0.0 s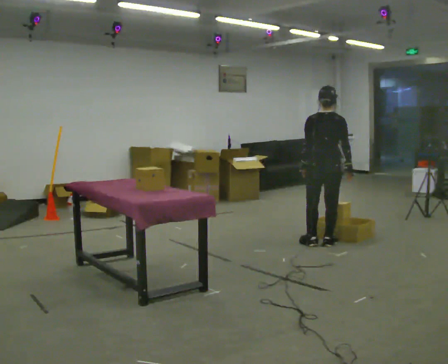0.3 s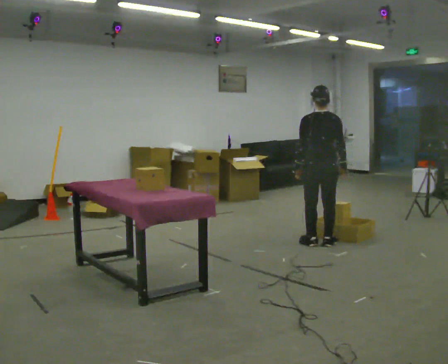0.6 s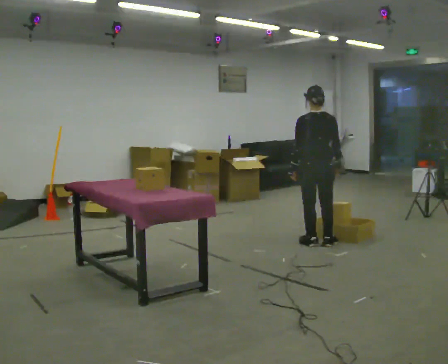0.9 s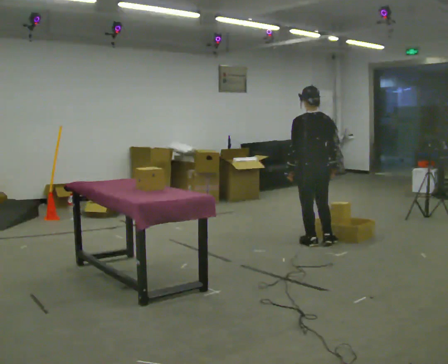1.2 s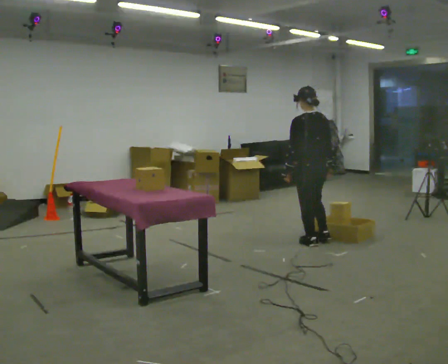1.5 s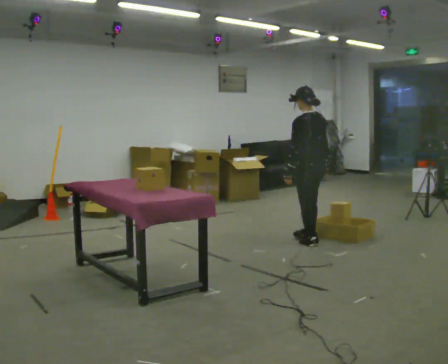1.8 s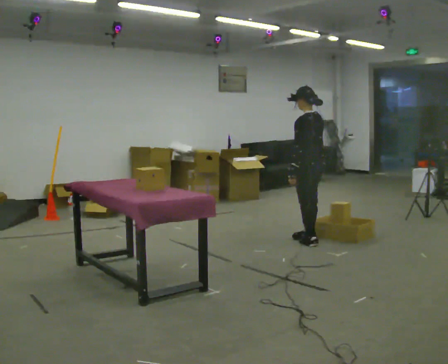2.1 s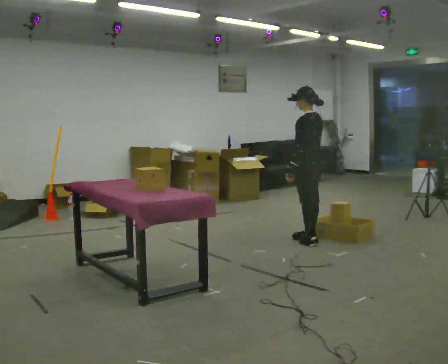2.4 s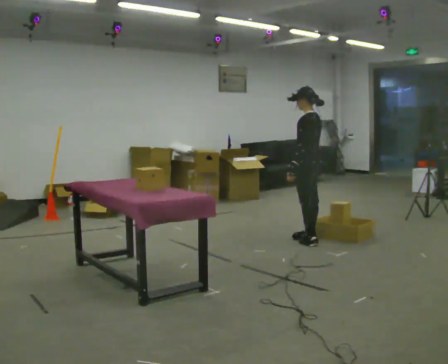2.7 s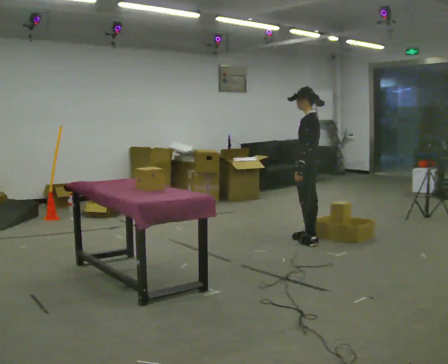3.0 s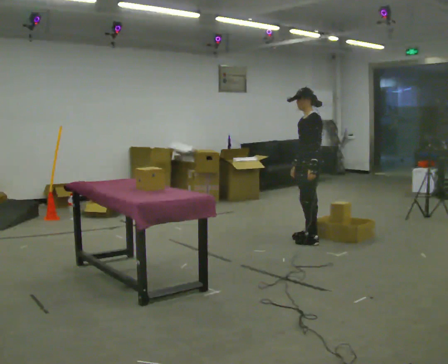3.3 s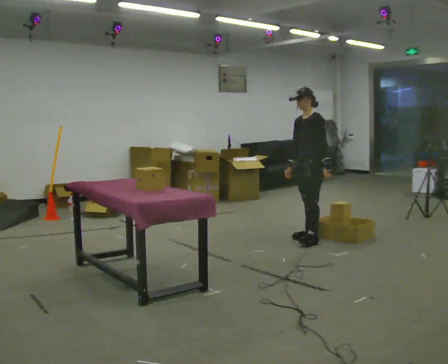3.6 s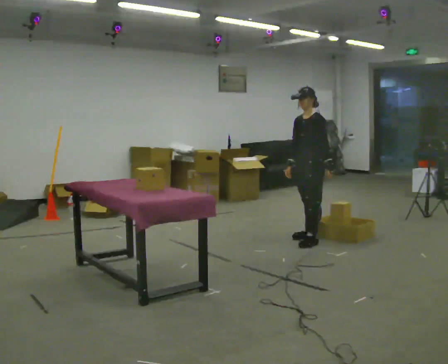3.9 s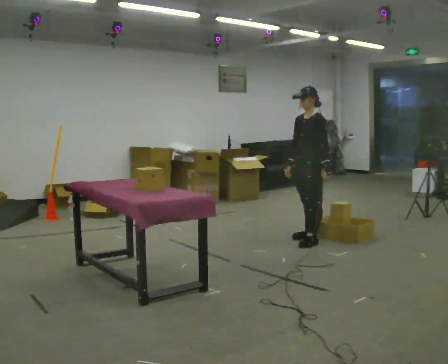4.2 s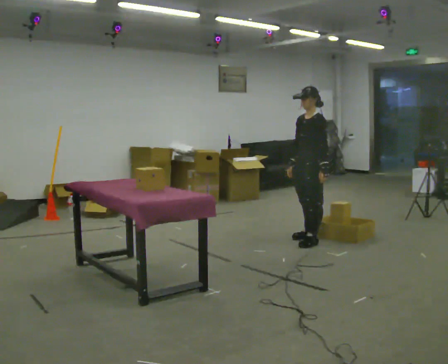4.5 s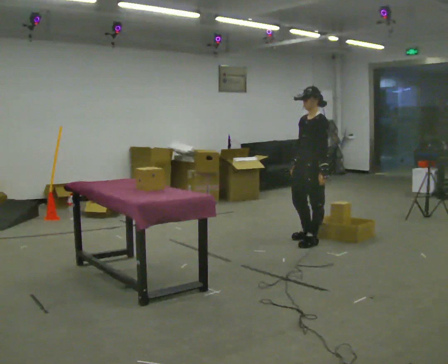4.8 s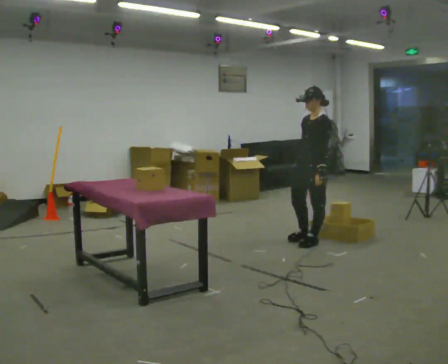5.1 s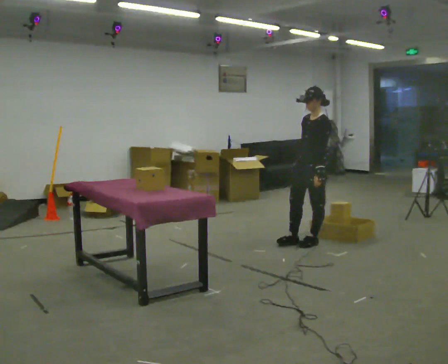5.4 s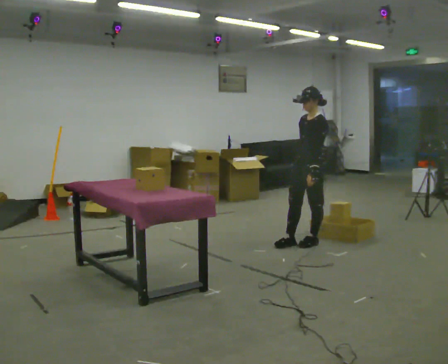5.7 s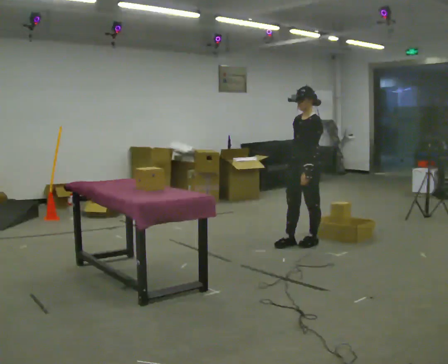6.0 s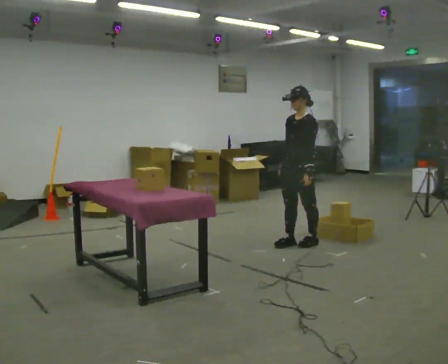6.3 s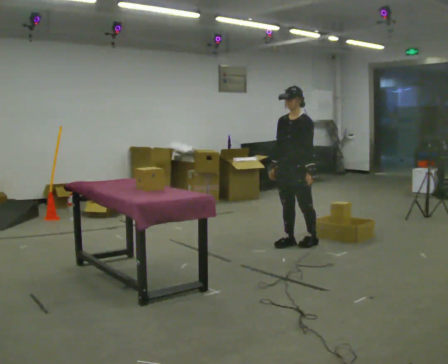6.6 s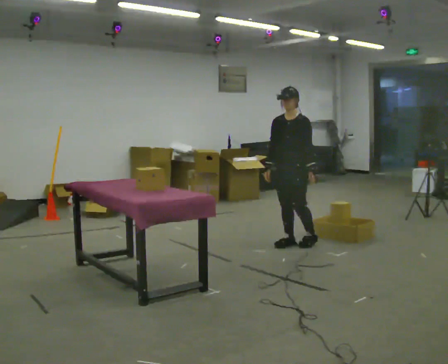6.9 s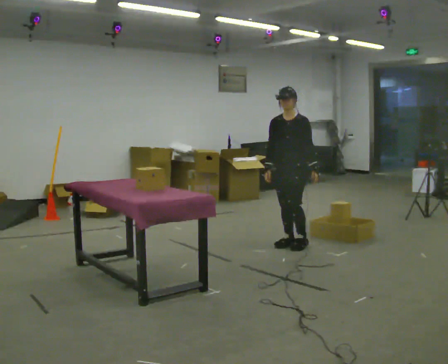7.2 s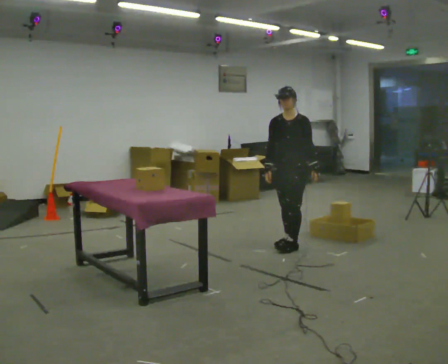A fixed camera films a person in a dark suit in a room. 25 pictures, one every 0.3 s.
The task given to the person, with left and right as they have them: Carry each object across the room and drop it into the container on the floor, then walk back for the next one. Keep going until the operator says stop; one object at a time, and do not rush between trips.
0.0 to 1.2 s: The part of the body nearest the lens slides to the right as the person turns to their left by about 30 degrees.
1.2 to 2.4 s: The person turns about 45 degrees to their left, counterclockwise seen from above, so the part of the body nearest the lens slides to the right.
2.4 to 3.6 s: Seen from above the body turns counterclockwise, about 60 degrees: to their left, with its near side sliding to the right. In the picture their left hand goes to the right.
3.6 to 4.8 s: In the picture they go toward the camera, about 0.25 m, which for them is to their left.
4.8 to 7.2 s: Seen from above the body turns counterclockwise, about 30 degrees: to their left, with its near side sliding to the right. In the picture they go to the left, about 0.25 m in 2 steps, which for them is forward and to their right.
The film runs forward here.
